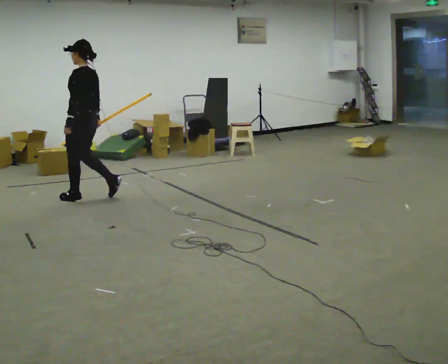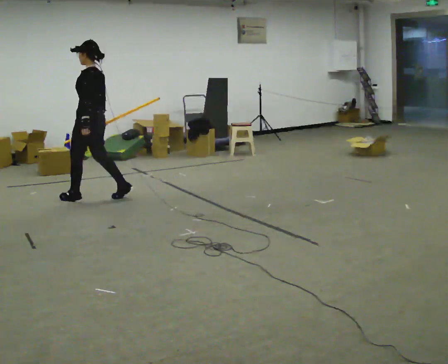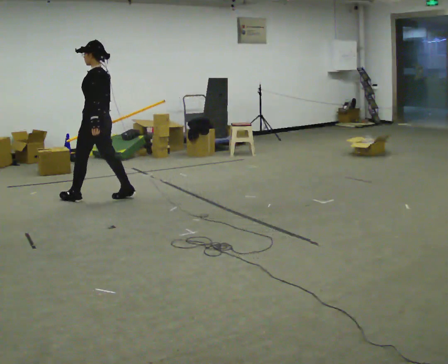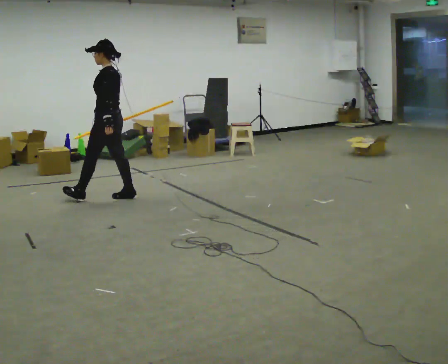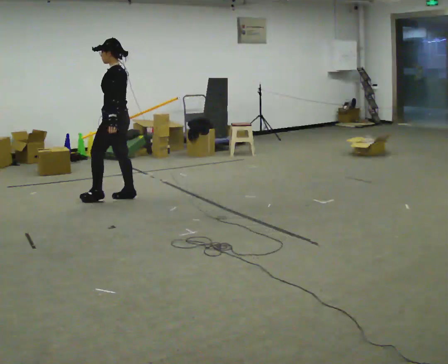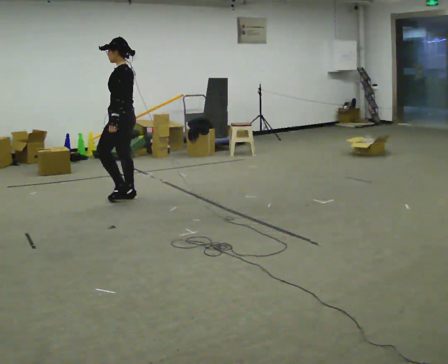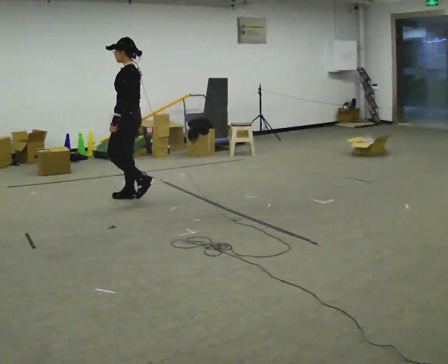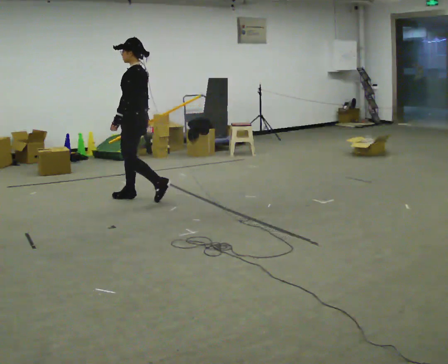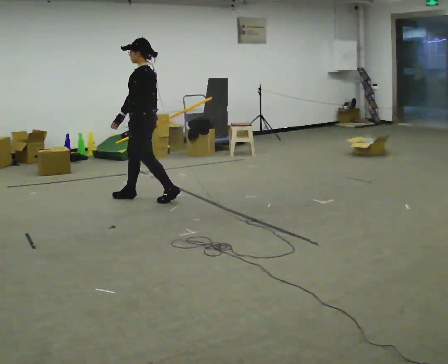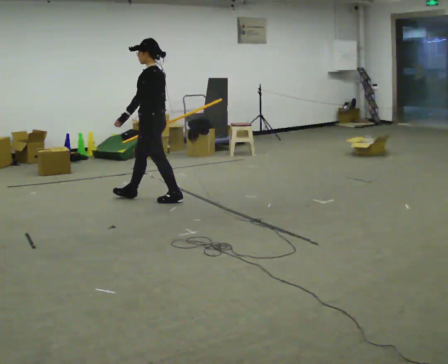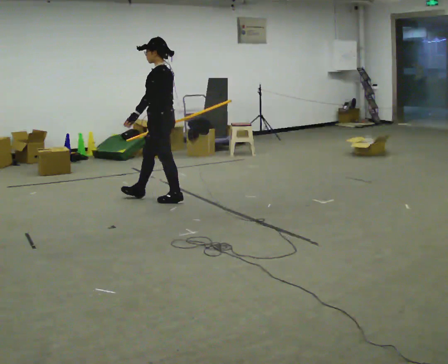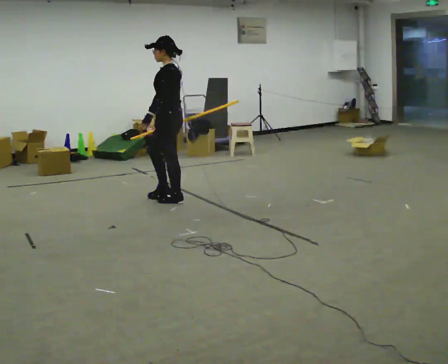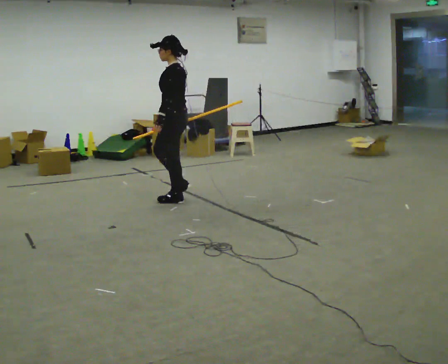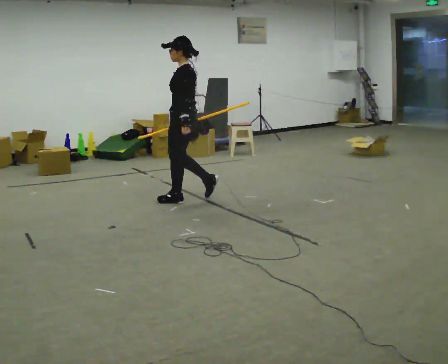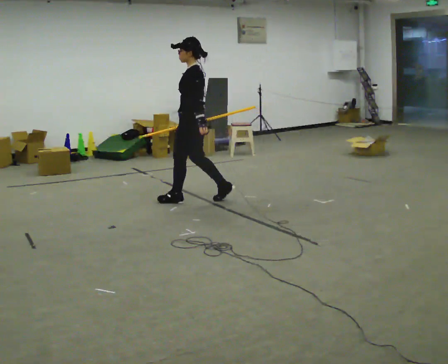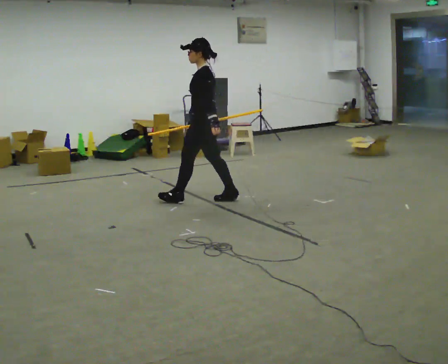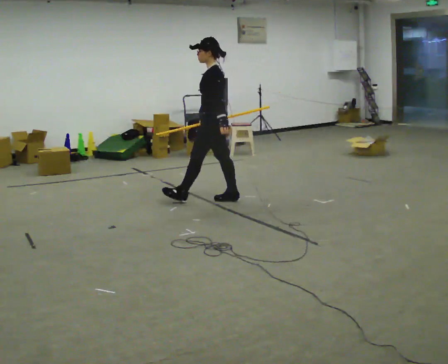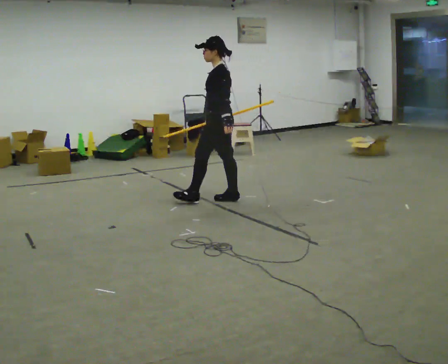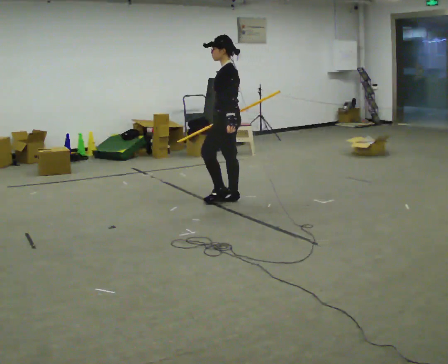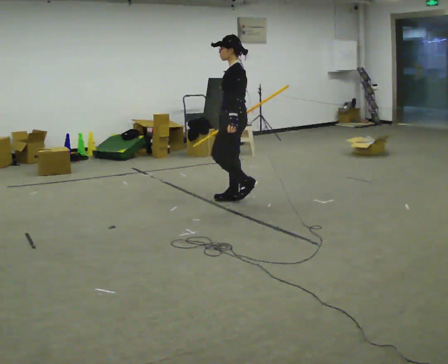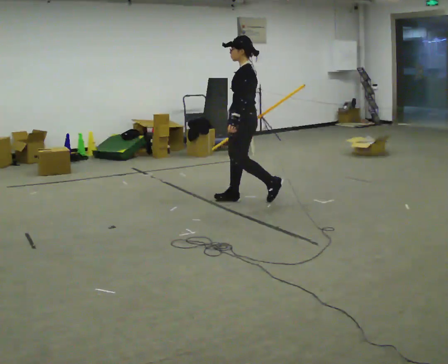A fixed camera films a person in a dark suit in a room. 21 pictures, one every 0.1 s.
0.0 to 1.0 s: In the picture they go to the right, about 1 m in 2 steps, which for them is backward.
1.0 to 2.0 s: In the picture they go to the right, about 1 m in 1 step, which for them is backward.
The film runs backward here.
